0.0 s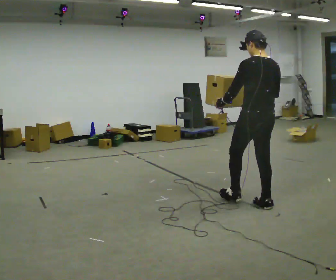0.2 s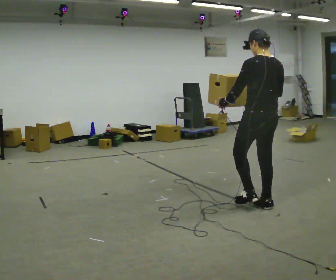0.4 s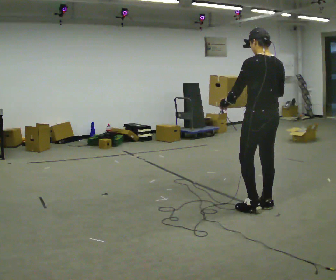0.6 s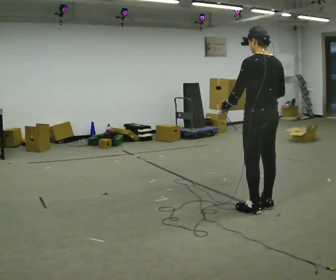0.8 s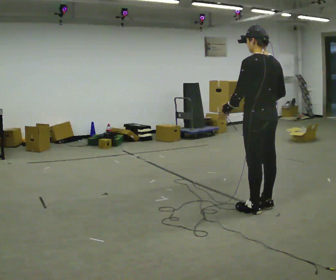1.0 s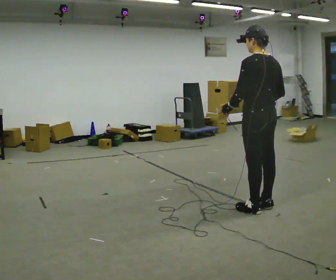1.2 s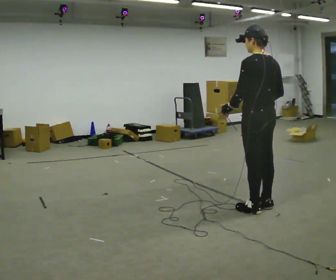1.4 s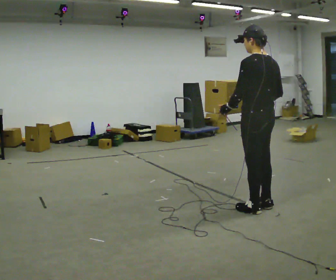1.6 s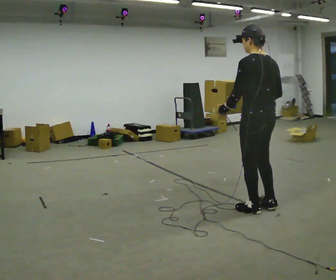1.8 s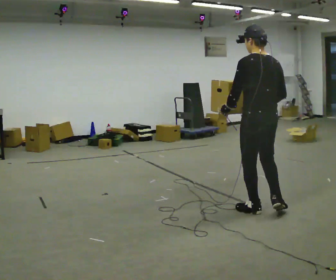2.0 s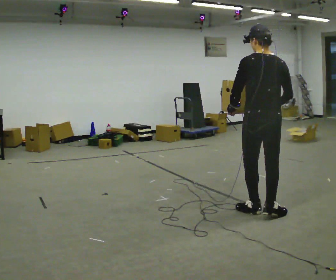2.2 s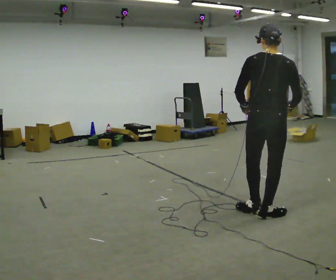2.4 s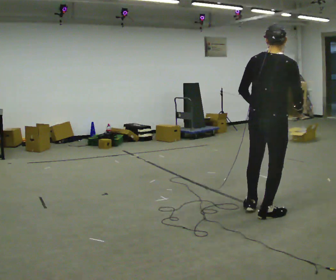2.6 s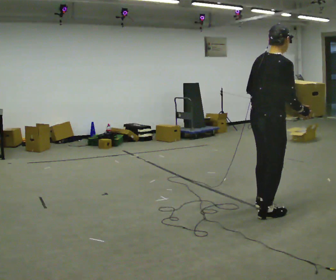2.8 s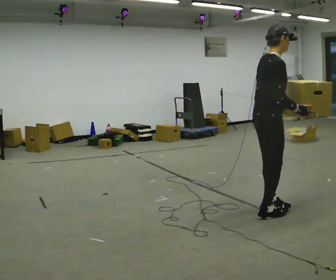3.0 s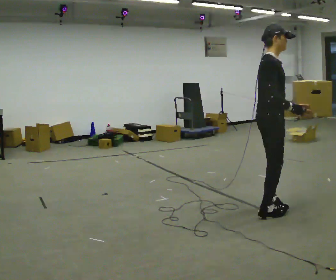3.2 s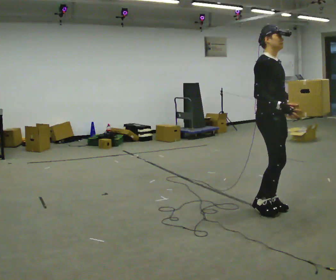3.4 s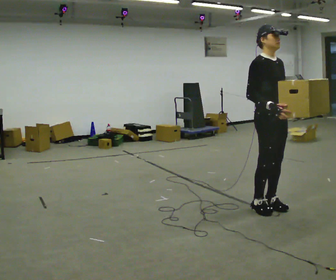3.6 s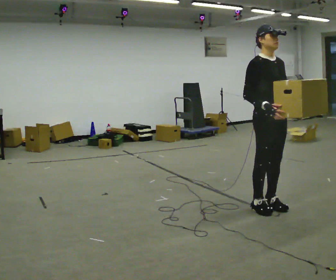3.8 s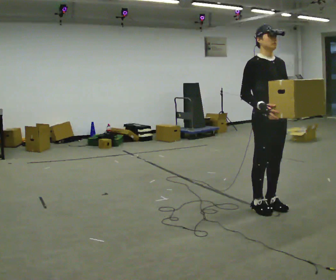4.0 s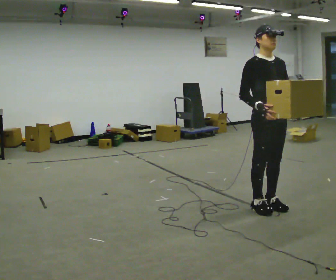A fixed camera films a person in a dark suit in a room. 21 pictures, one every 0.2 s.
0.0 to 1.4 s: In the picture they go toward the camera, about 0.25 m, which for them is backward.
1.4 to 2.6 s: Seen from above the body turns clockwise, about 75 degrees: to their right, with its near side sliding to the left.
2.6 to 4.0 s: Seen from above the body turns clockwise, about 105 degrees: to their right, with its near side sliding to the left. In the picture they go away from the camera, about 0.25 m in 1 step. In the picture their left hand goes to the right, the arm swinging counterclockwise.
The film runs backward here.
